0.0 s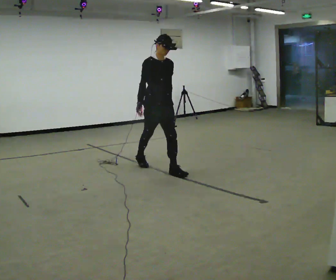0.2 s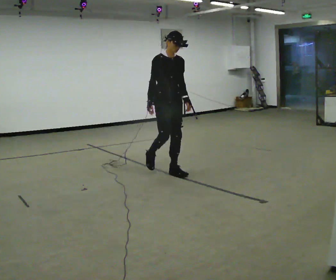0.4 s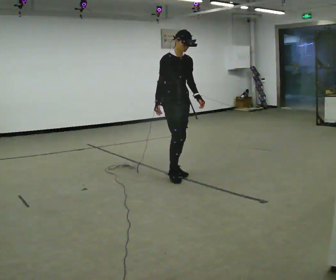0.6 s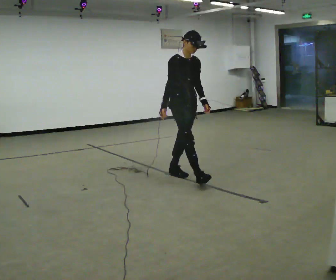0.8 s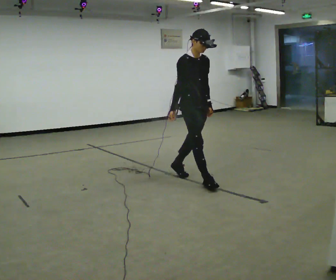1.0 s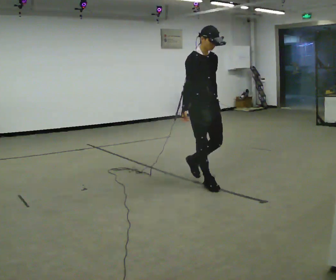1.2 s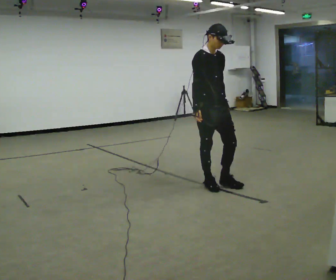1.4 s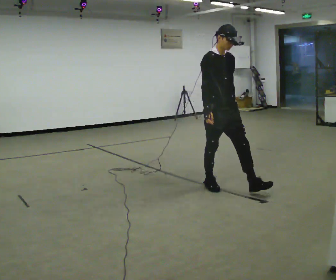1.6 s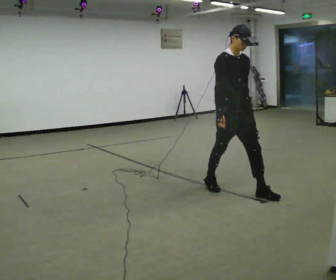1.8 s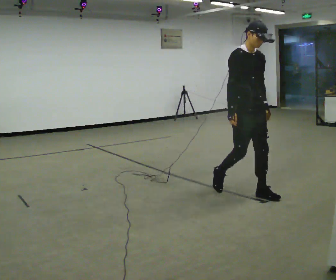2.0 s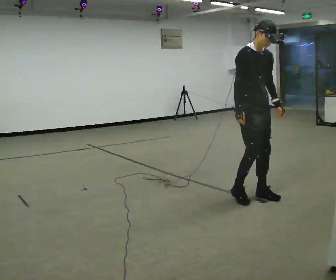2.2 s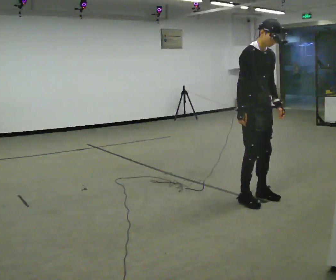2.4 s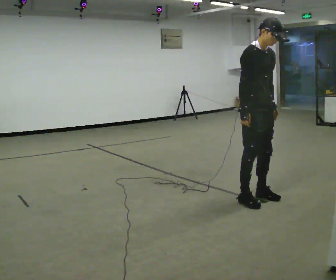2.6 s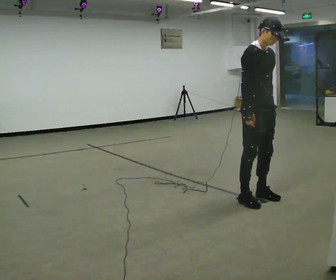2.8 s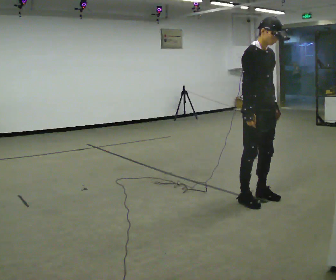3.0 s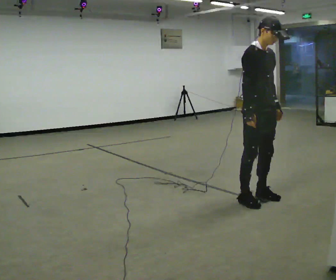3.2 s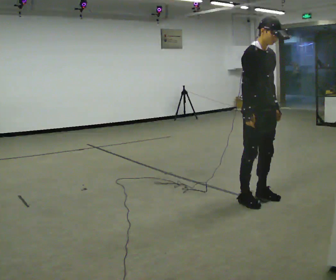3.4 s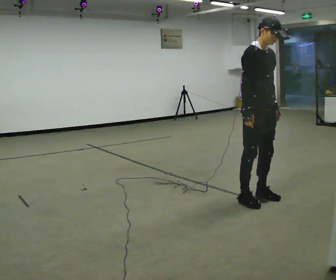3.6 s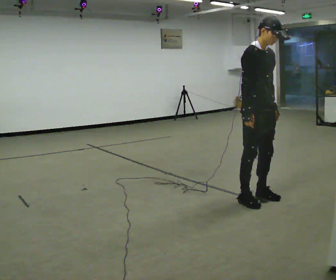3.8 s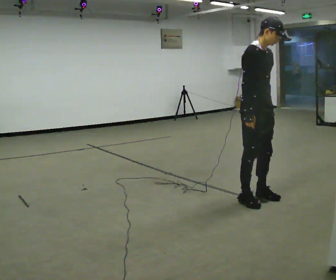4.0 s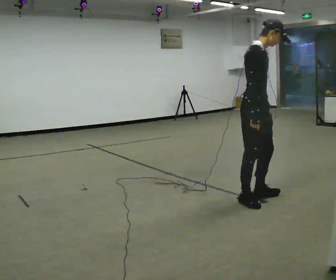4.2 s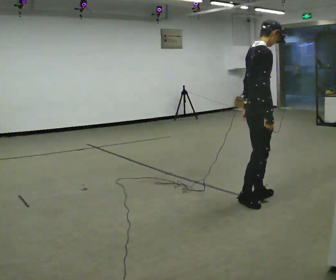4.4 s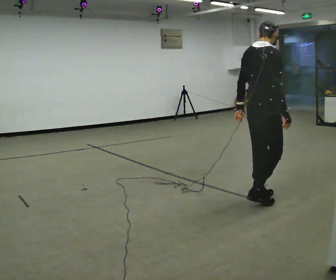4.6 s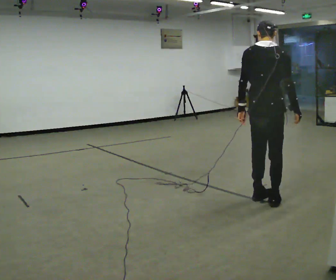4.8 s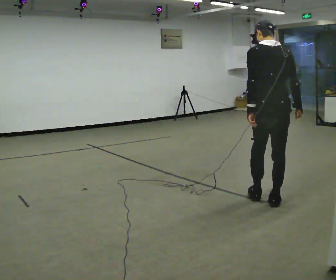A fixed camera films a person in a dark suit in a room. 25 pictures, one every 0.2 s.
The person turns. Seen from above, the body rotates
counterclockwise.
The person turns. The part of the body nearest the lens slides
to the right.
0.0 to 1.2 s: In the picture they go toward the camera and to the right, about 1 m in 1 step, which for them is forward.
1.2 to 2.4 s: In the picture they go to the right and toward the camera, about 0.5 m in 2 steps, which for them is forward.
2.4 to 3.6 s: The person moves a little, or ends about where they began.
3.6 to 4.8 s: The part of the body nearest the lens slides to the right as the person turns to their left by about 135 degrees. In the picture they go to the right, about 0.25 m in 1 step. In the picture their right hand goes to the right.
The film runs forward here.
